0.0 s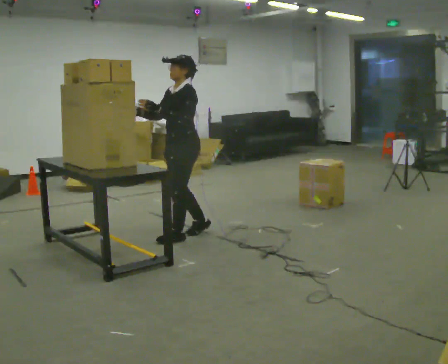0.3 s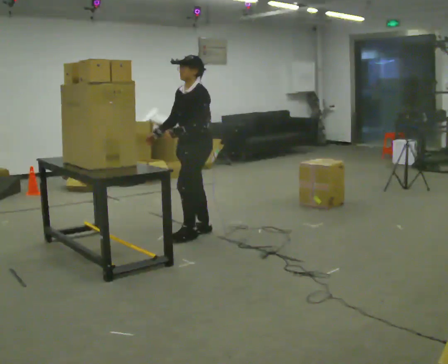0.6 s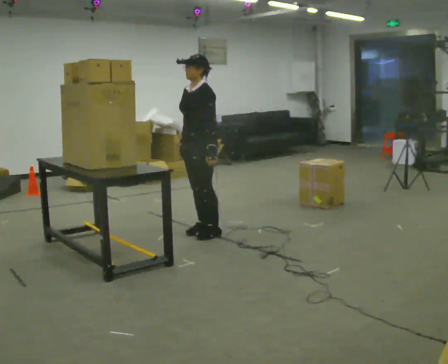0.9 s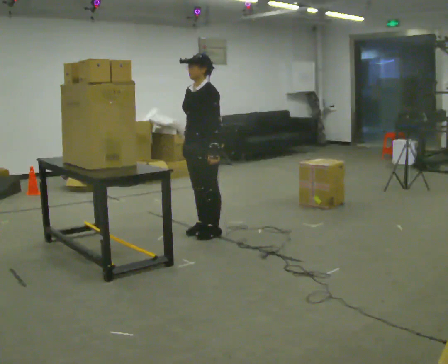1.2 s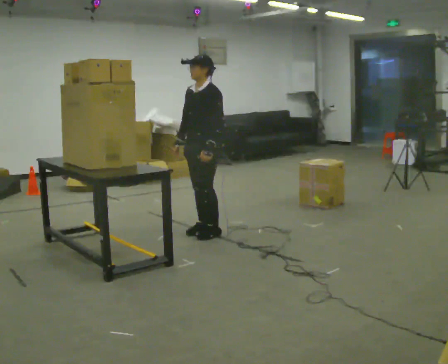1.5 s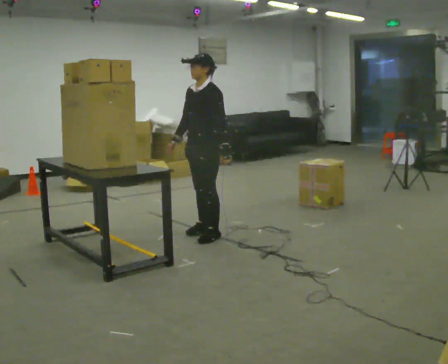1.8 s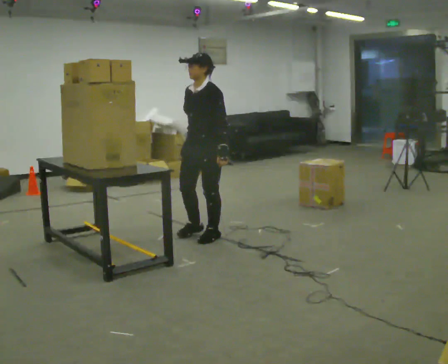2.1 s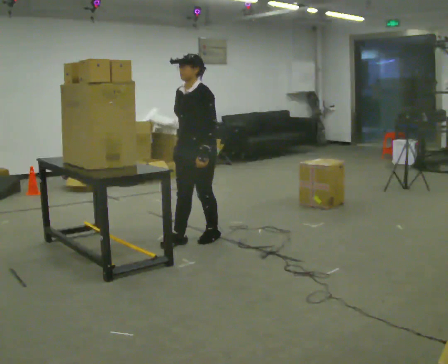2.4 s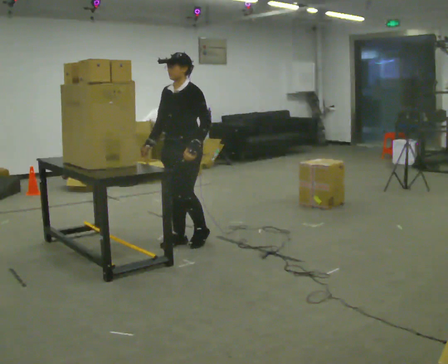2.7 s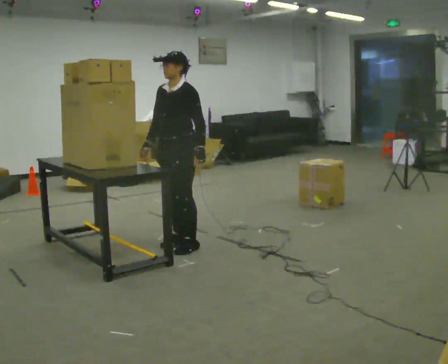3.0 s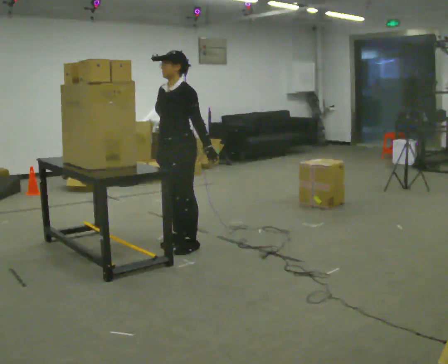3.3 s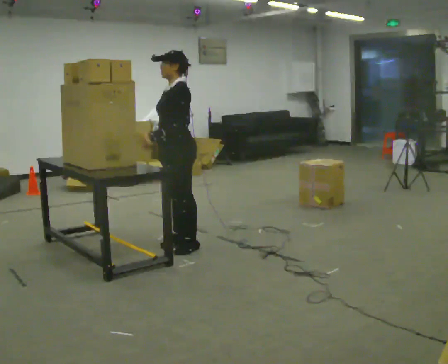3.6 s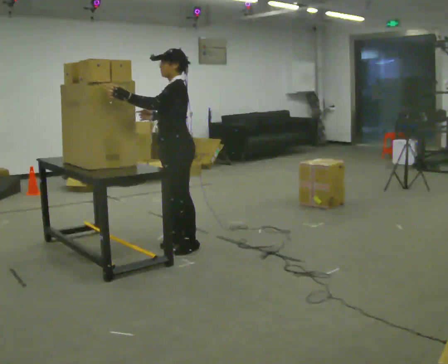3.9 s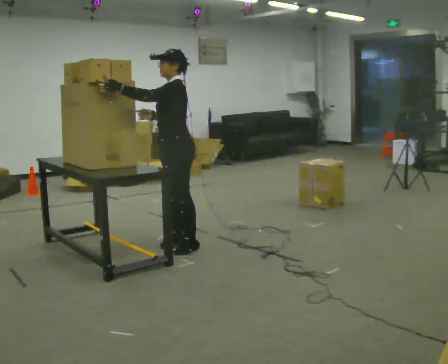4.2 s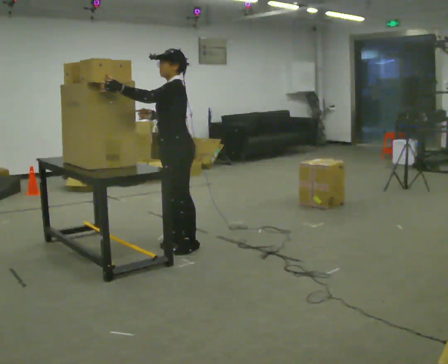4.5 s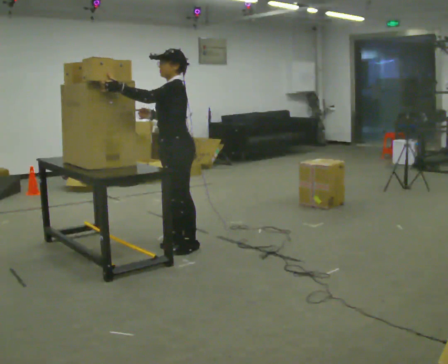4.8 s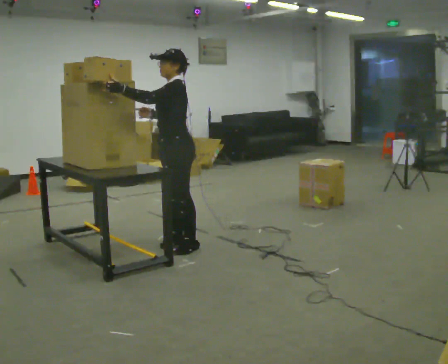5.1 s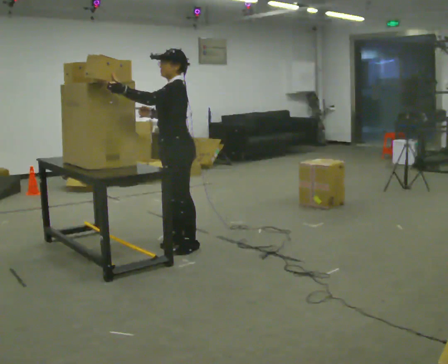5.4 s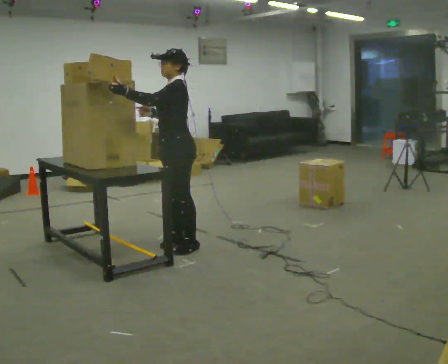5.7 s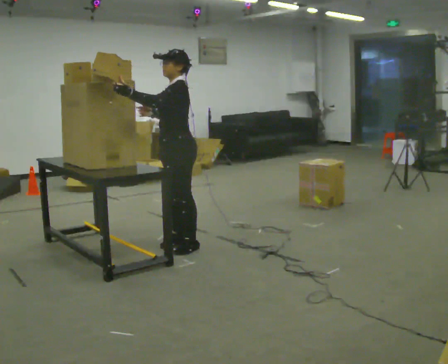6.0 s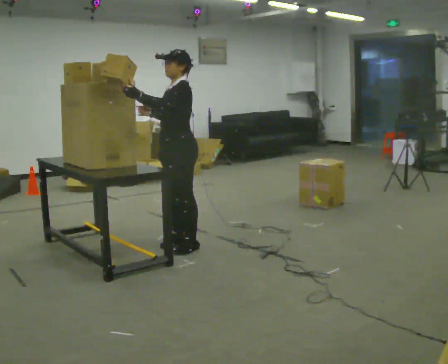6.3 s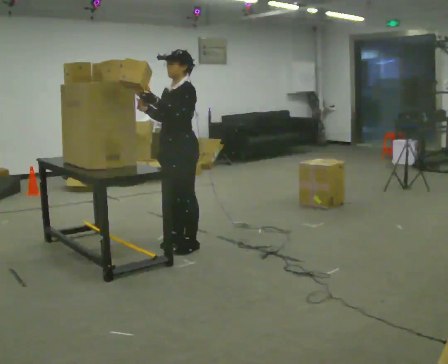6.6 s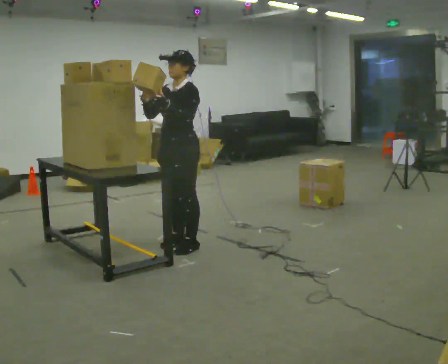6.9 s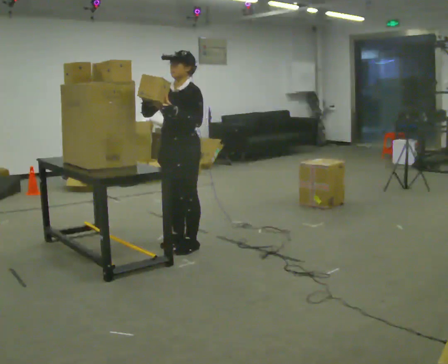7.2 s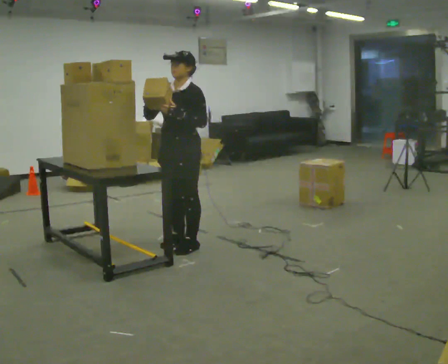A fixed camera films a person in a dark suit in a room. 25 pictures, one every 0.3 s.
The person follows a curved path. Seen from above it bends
clockwise.
0.0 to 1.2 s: In the picture they go to the right, about 0.25 m in 1 step, which for them is backward. In the picture their left hand goes to the right and downward.
1.2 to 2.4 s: In the picture they go toward the camera and to the left, about 0.25 m in 2 steps, which for them is forward.
2.4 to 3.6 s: The person turns about 30 degrees to their right, clockwise seen from above, so the part of the body nearest the lens slides to the left. In the picture they go toward the camera, about 0.25 m, which for them is forward. In the picture their left hand goes to the left and upward.
3.6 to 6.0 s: The person moves a little, or ends about where they began.
6.0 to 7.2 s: The part of the body nearest the lens slides to the right as the person turns to their left by about 30 degrees.
The film runs backward here.
